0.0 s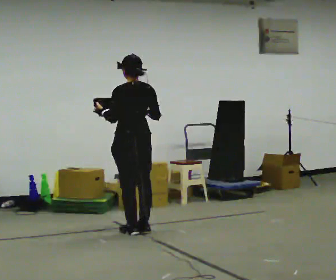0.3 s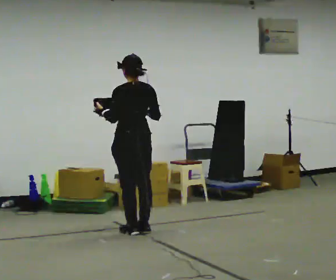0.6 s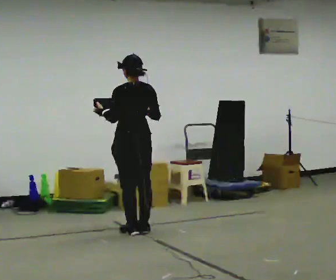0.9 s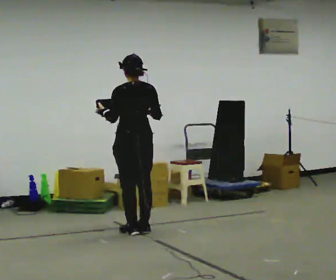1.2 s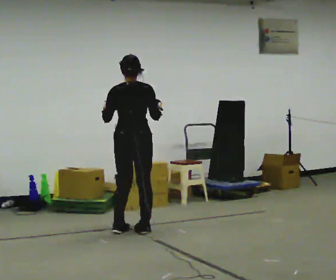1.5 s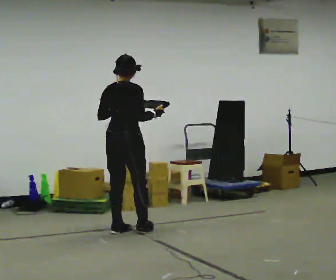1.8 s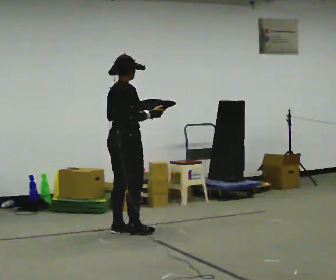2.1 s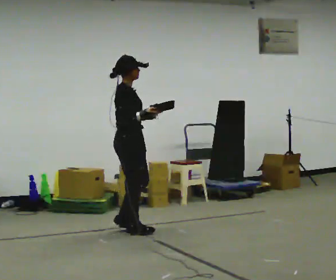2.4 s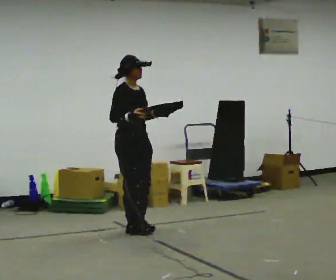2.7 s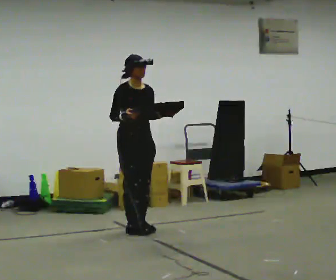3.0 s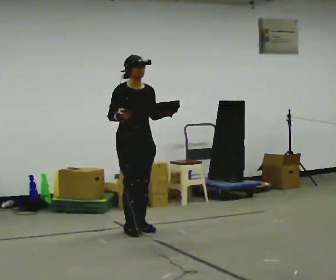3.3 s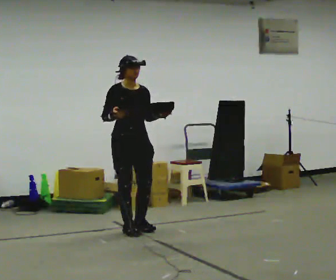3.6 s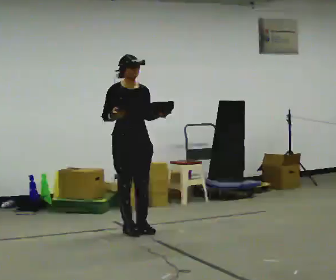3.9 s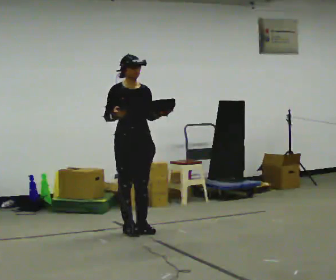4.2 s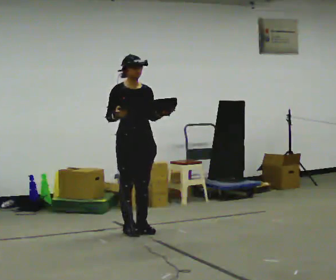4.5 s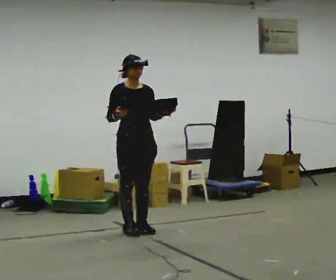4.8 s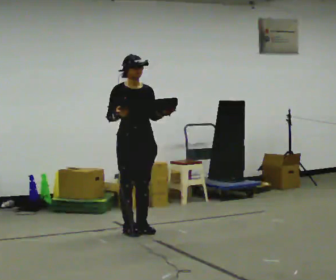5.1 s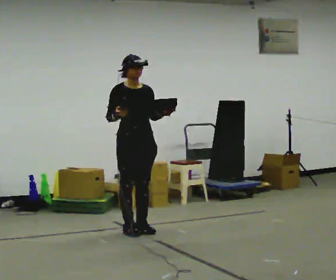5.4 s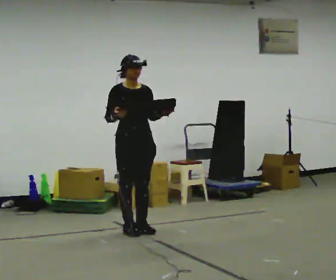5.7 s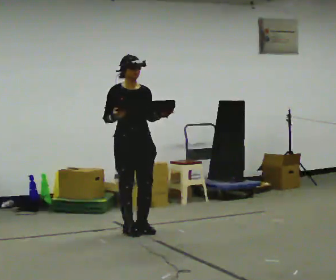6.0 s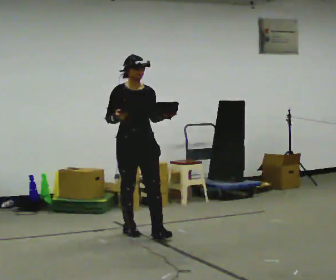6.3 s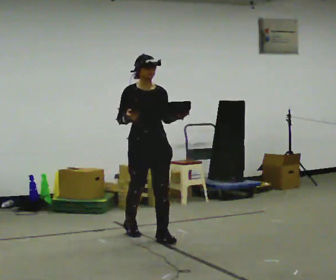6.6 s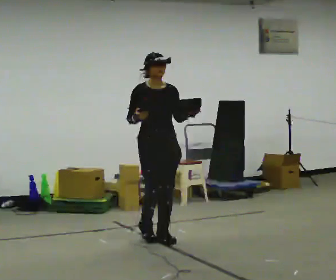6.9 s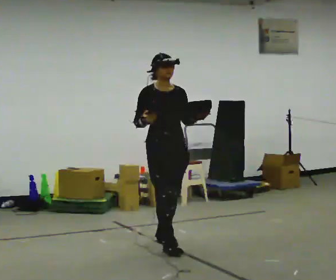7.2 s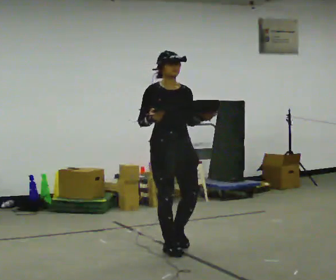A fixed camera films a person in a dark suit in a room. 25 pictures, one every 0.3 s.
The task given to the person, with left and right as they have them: Carry the object across the room. The lid hangs loose and will swing, so carry it however works. Keep going until the operator says stop; one object at a time, and do not rush between trips.
0.0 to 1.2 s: The person turns about 30 degrees to their right, clockwise seen from above, so the part of the body nearest the lens slides to the left.
1.2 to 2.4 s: Seen from above the body turns clockwise, about 120 degrees: to their right, with its near side sliding to the left. In the picture their left hand goes to the right.
2.4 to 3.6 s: The part of the body nearest the lens slides to the left as the person turns to their right by about 30 degrees.
3.6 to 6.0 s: The person moves a little, or ends about where they began.
6.0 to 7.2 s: In the picture they go toward the camera and to the right, about 0.75 m in 2 steps, which for them is forward.
The film runs forward here.
